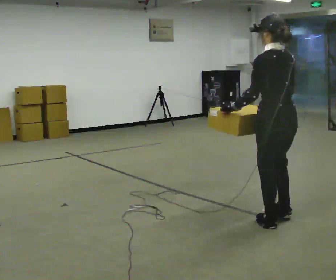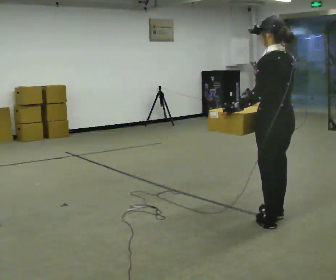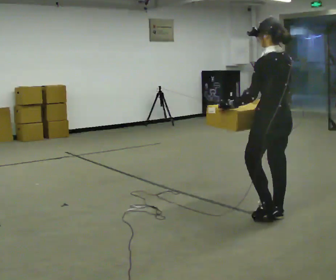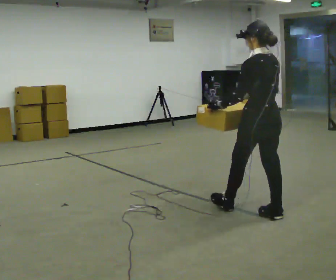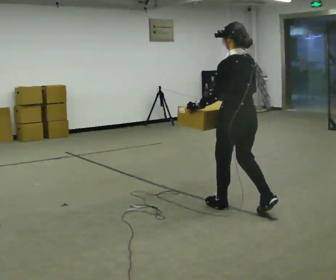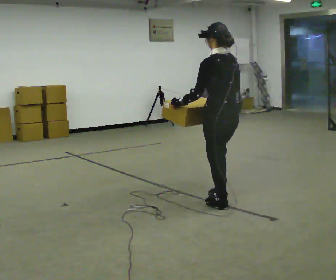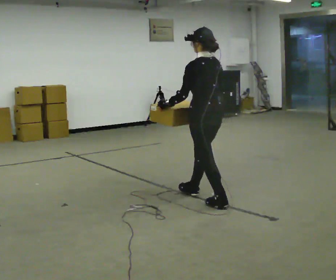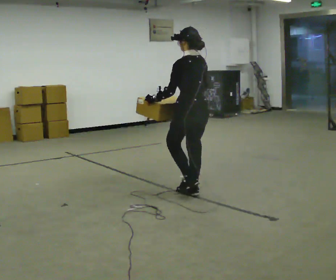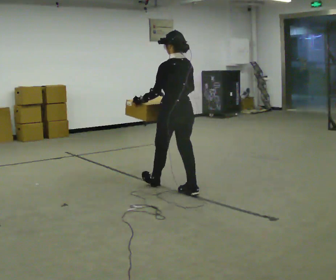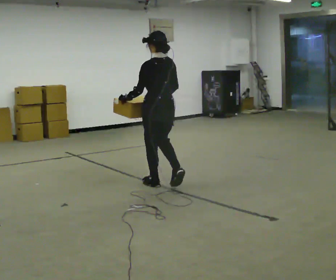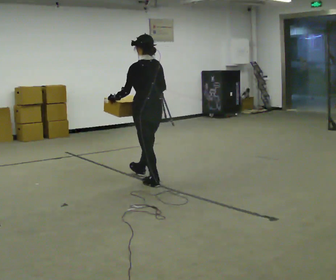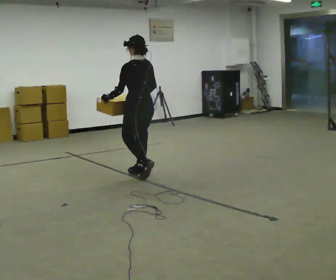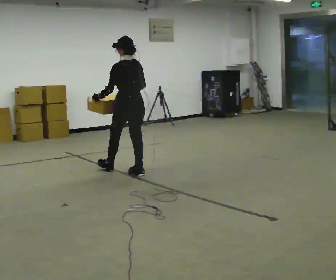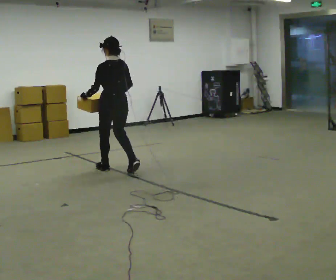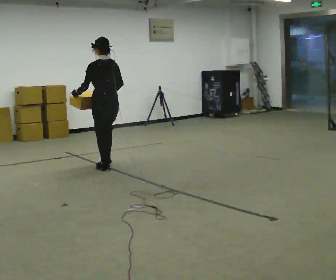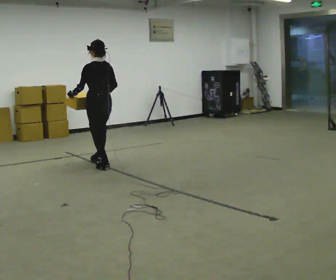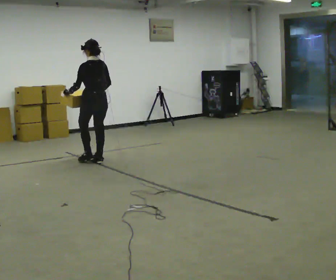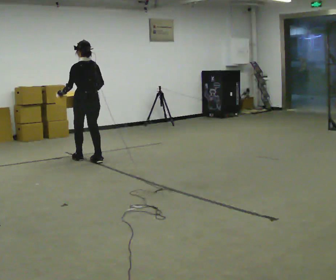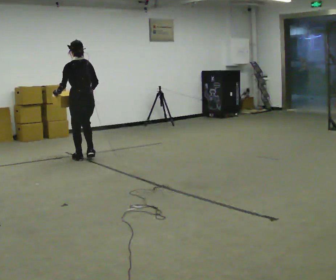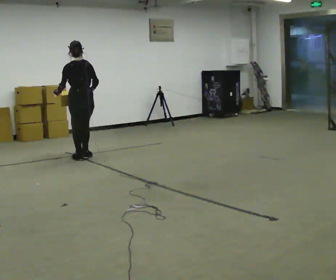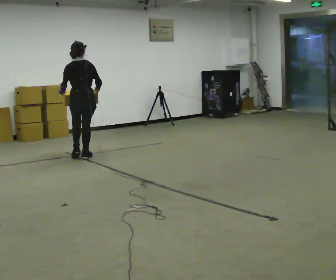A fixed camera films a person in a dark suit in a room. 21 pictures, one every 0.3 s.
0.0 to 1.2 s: In the picture they go away from the camera and to the left, about 0.5 m in 2 steps, which for them is forward.
1.2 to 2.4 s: In the picture they go away from the camera and to the left, about 1 m in 1 step, which for them is forward.
2.4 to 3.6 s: In the picture they go away from the camera and to the left, about 1 m in 2 steps, which for them is forward.
3.6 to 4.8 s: In the picture they go away from the camera and to the left, about 1 m in 2 steps, which for them is forward.
4.8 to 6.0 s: The person turns about 30 degrees to their right, clockwise seen from above, so the part of the body nearest the lens slides to the left. In the picture they go away from the camera and to the left, about 0.25 m in 2 steps, which for them is forward.
The film runs forward here.
